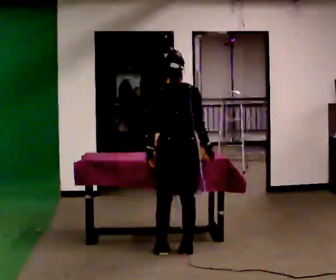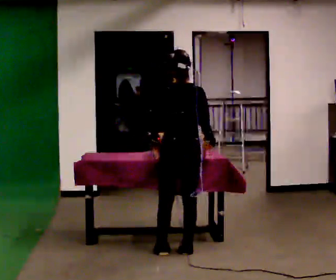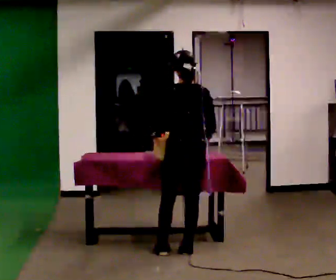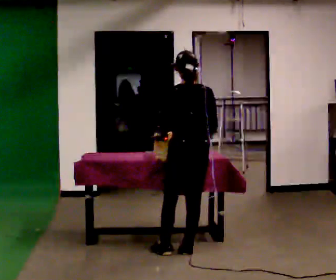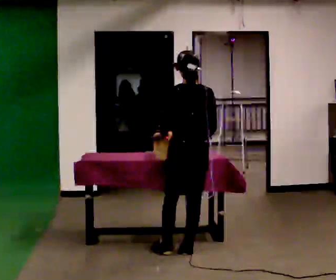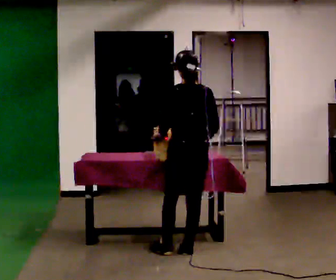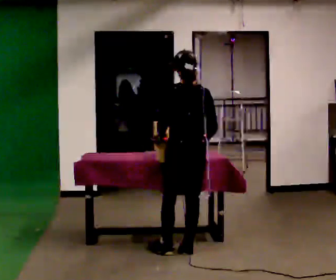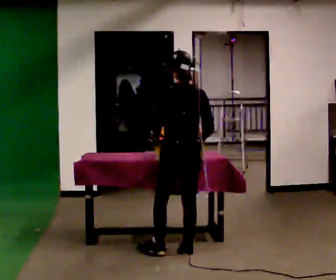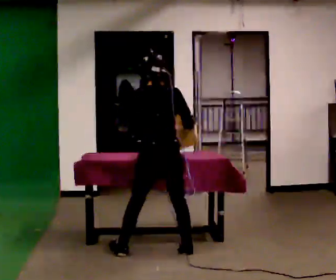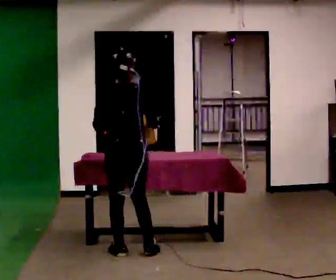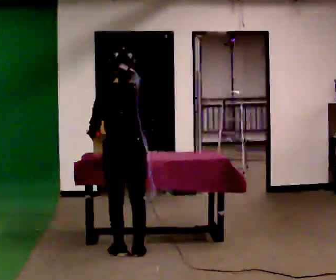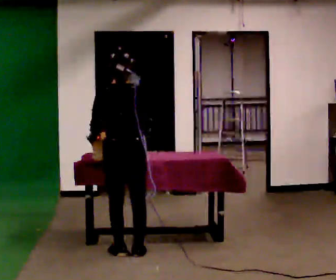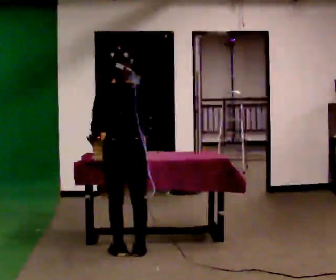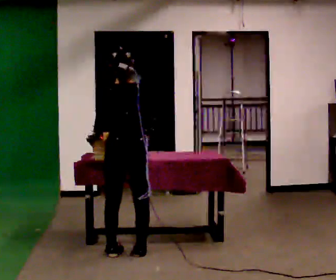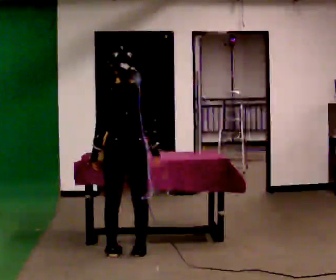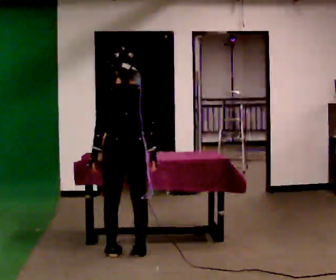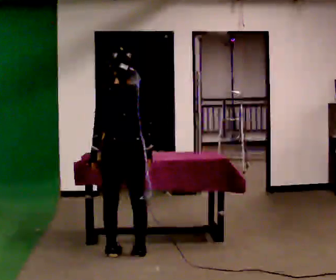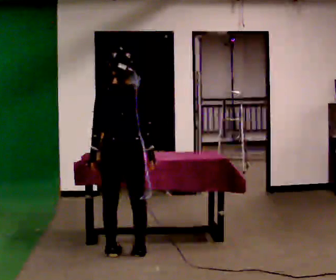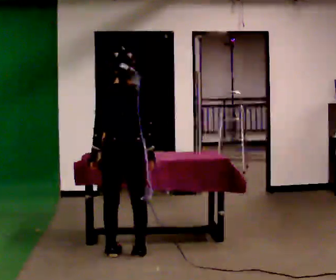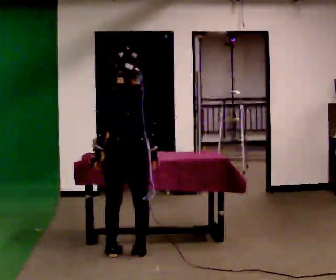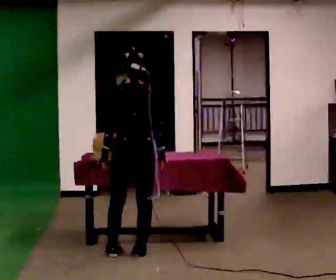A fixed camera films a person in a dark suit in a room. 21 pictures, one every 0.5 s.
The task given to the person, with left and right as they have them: Lift the heavy object with both hands and set it down again in a different spot on the same surface. Repeat at your own pace until the operator says stop. Keep both feet on the marked spots for the whole take. If you have to step, stop and tell the operator.
0.0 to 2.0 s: The person moves a little, or ends about where they began.
2.0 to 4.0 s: In the picture they go to the left, about 0.25 m in 1 step, which for them is to their left.
4.0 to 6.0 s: In the picture they go to the left, about 0.25 m in 1 step, which for them is to their left.
6.0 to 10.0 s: The person moves a little, or ends about where they began.
The film runs forward here.
